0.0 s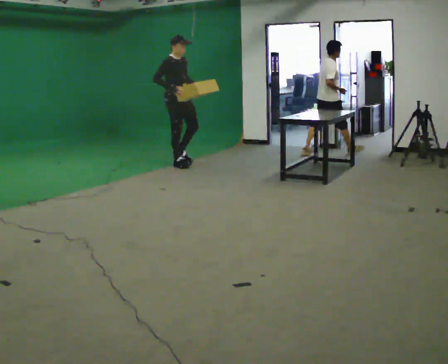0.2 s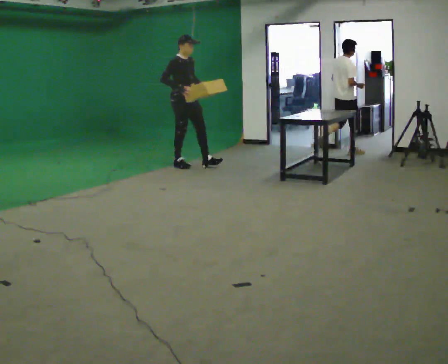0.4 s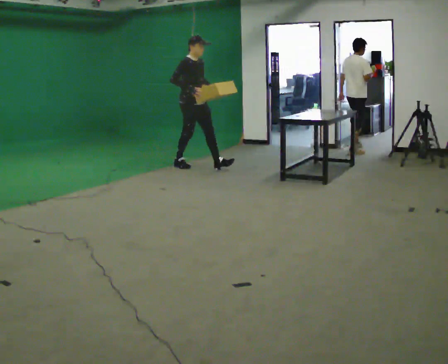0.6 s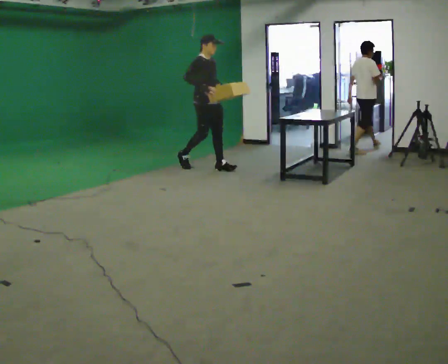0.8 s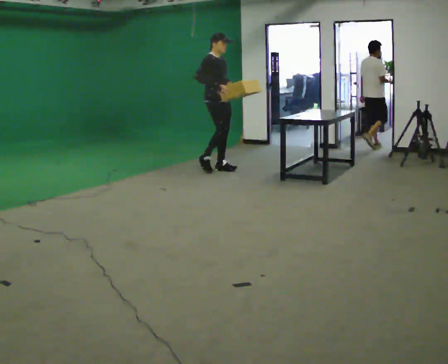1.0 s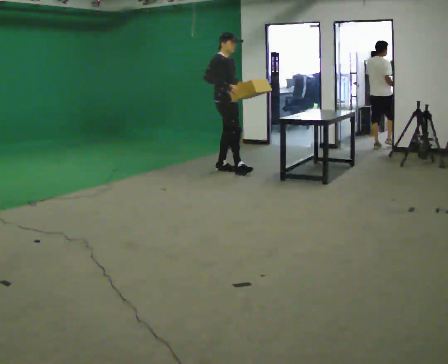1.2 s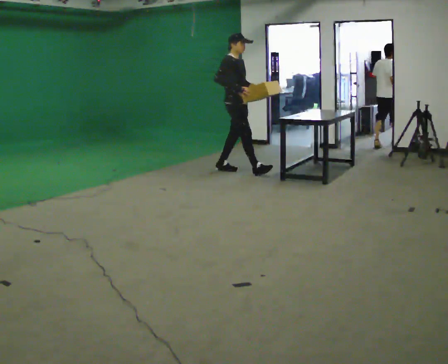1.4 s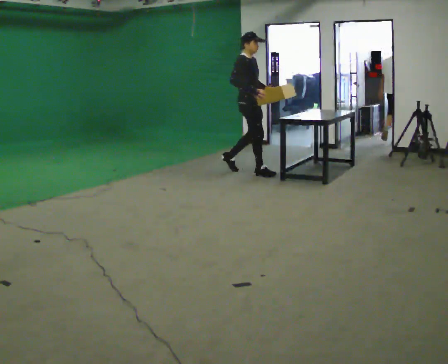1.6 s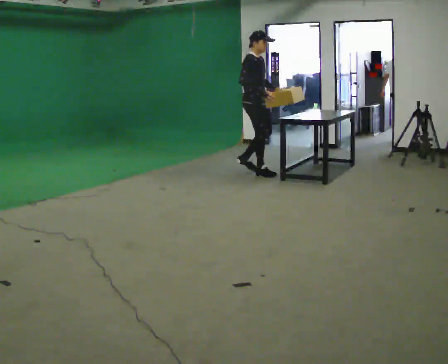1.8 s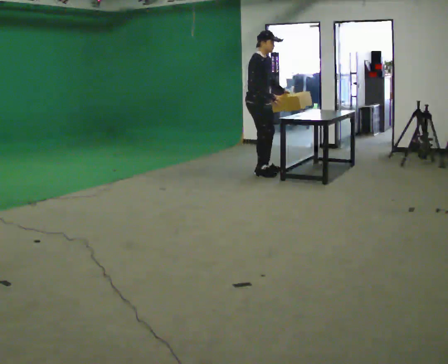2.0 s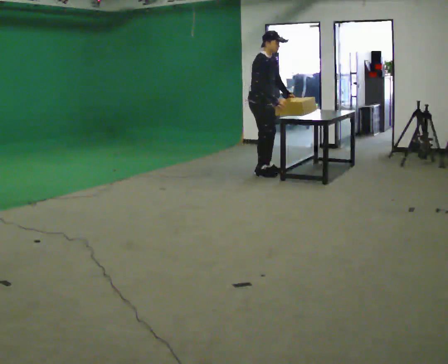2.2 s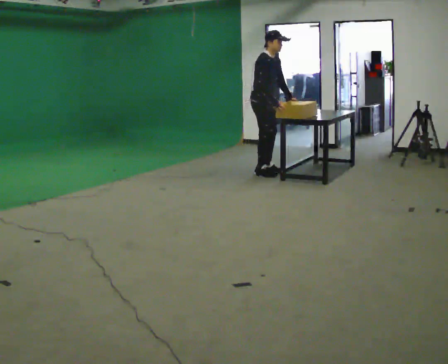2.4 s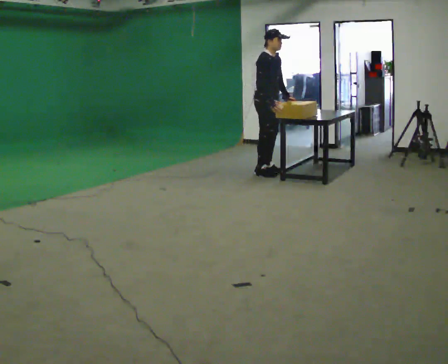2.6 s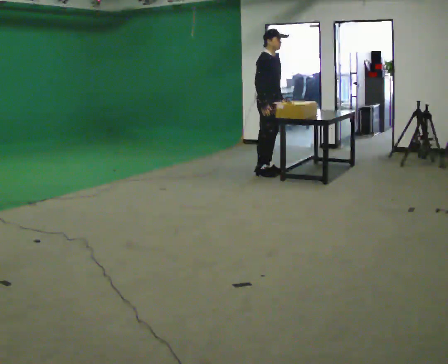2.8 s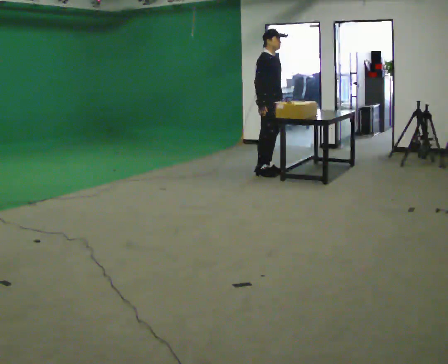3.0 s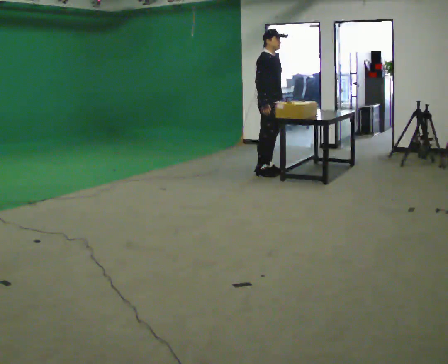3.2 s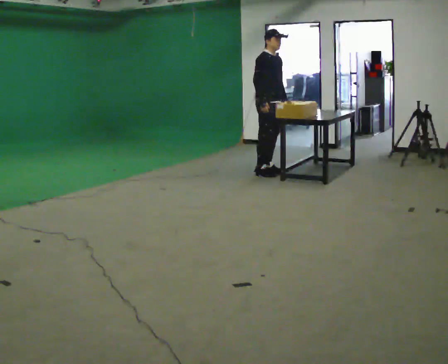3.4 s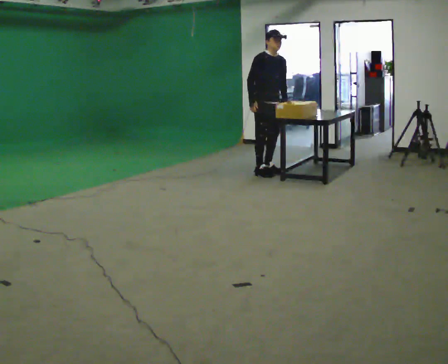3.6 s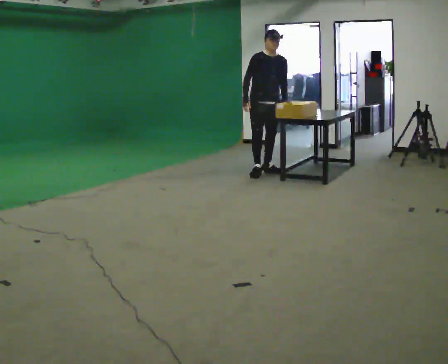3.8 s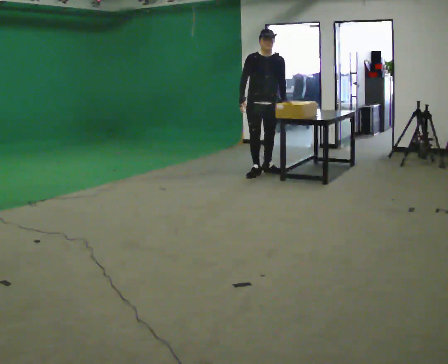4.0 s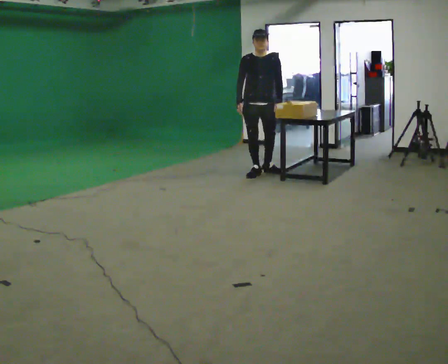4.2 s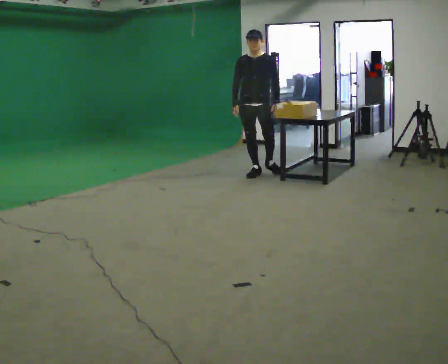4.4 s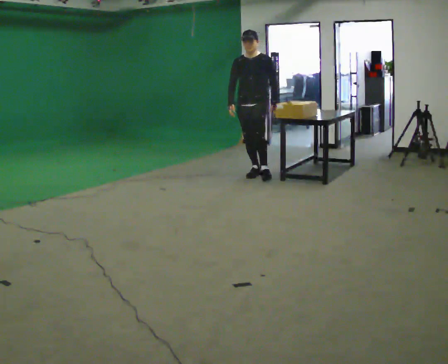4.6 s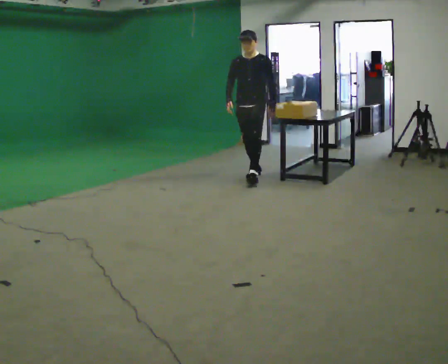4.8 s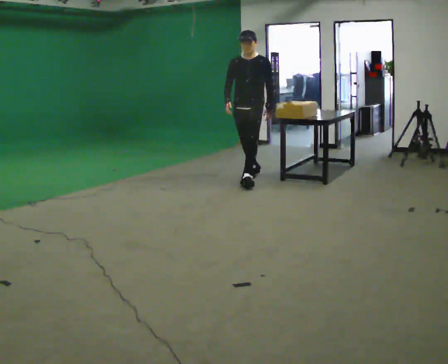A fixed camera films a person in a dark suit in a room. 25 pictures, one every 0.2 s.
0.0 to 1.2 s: In the picture they go to the right, about 1 m in 2 steps, which for them is forward.
1.2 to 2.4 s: In the picture they go to the right, about 0.25 m in 1 step, which for them is forward.
2.4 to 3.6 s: Seen from above the body turns clockwise, about 45 degrees: to their right, with its near side sliding to the left. In the picture their right hand goes to the left.
3.6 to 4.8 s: The person turns about 45 degrees to their right, clockwise seen from above, so the part of the body nearest the lens slides to the left. In the picture they go toward the camera, about 0.5 m in 1 step, which for them is forward.
The film runs forward here.
